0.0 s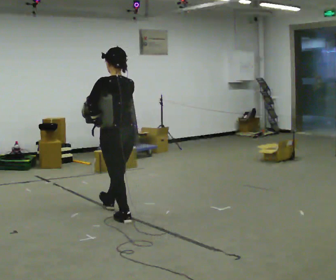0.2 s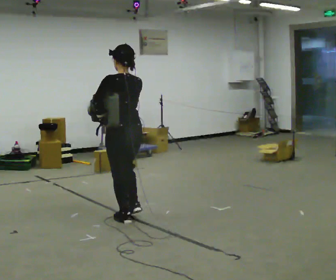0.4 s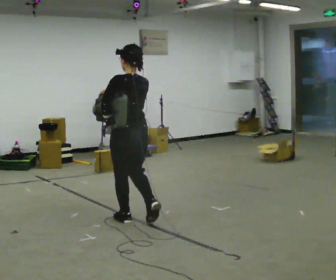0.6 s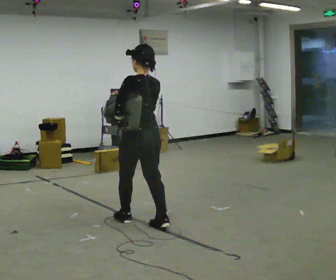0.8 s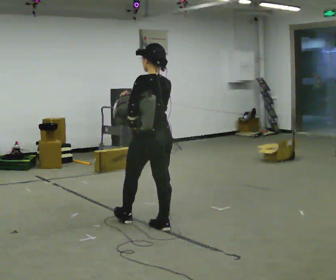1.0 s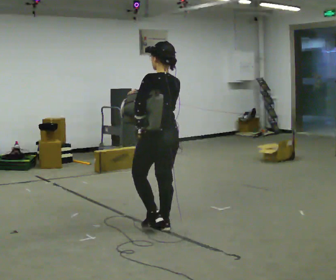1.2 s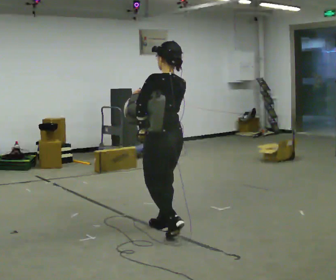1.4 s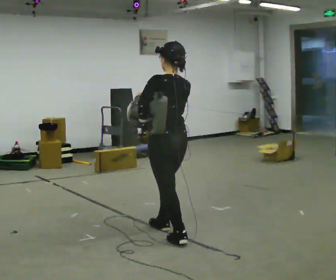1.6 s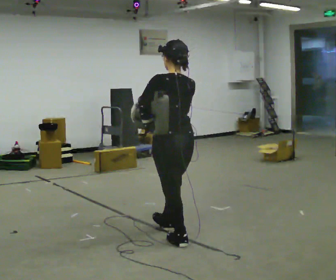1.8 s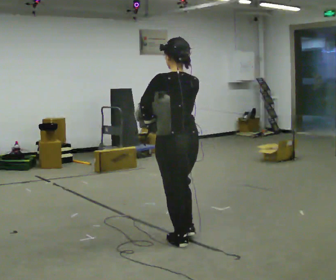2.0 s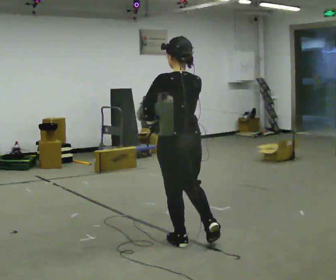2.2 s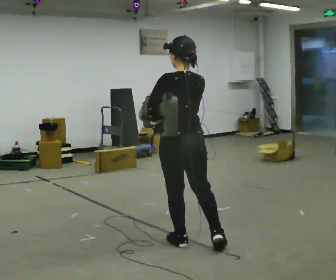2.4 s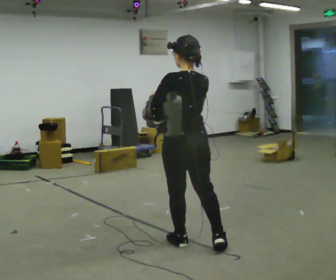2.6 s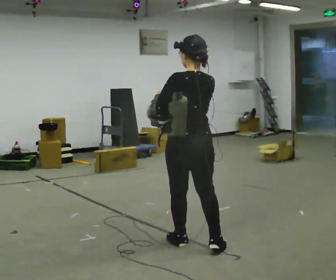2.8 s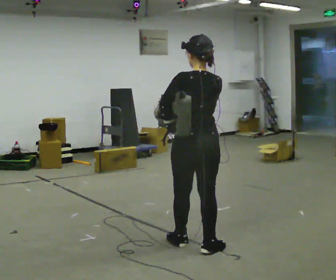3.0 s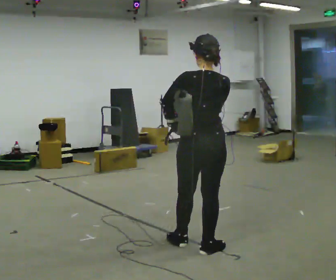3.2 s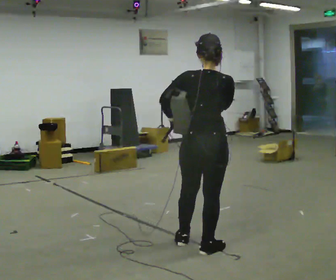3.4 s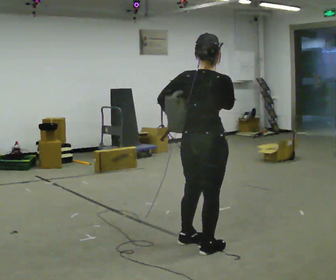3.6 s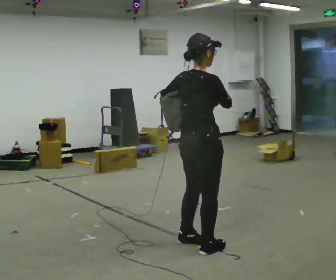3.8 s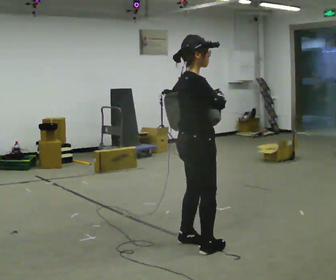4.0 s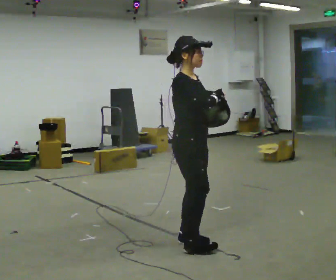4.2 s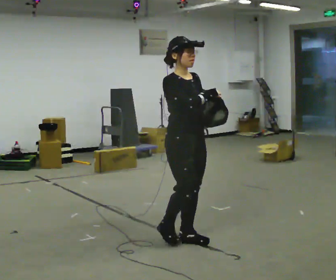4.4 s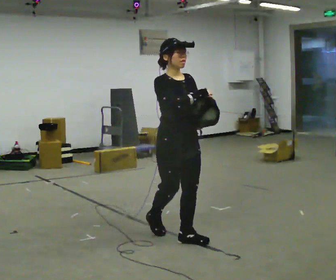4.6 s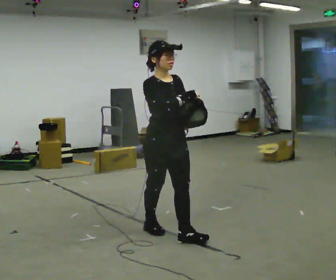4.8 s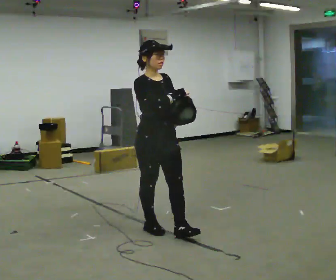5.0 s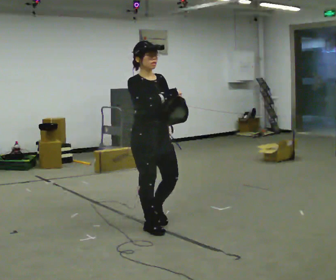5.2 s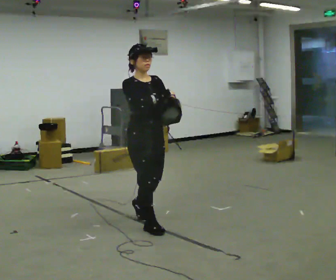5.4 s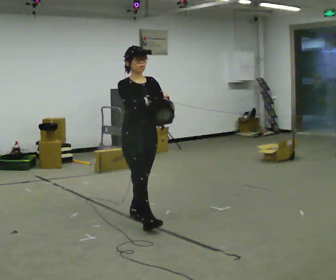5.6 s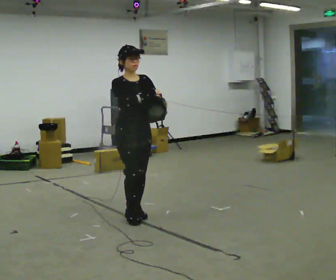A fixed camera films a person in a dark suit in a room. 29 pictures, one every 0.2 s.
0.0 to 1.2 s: In the picture they go to the right and toward the camera, about 0.75 m in 1 step, which for them is backward.
1.2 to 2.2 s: In the picture they go toward the camera and to the right, about 0.25 m in 1 step, which for them is backward.
2.2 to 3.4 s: The person turns about 60 degrees to their right, clockwise seen from above, so the part of the body nearest the lens slides to the left. In the picture they go to the right, about 0.25 m, which for them is backward. In the picture their right hand goes to the right.
3.4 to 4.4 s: The part of the body nearest the lens slides to the left as the person turns to their right by about 120 degrees. In the picture they go away from the camera and to the left, about 0.25 m in 1 step.
4.4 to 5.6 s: In the picture they go away from the camera and to the left, about 0.5 m in 2 steps, which for them is backward.
The film runs backward here.
